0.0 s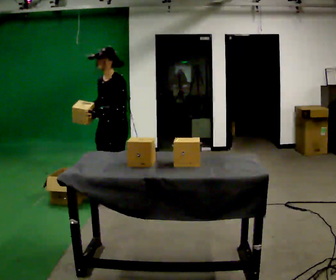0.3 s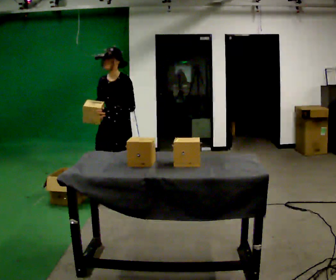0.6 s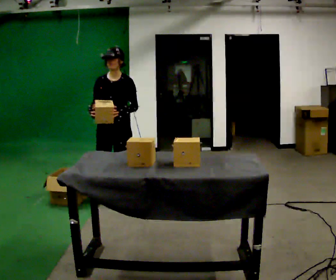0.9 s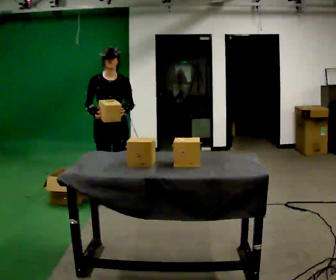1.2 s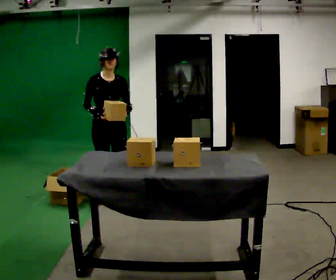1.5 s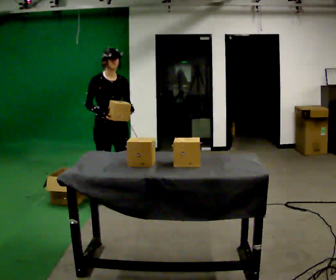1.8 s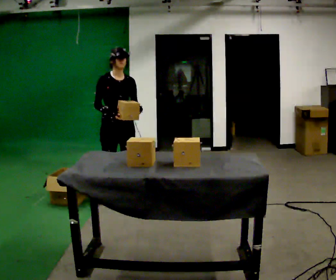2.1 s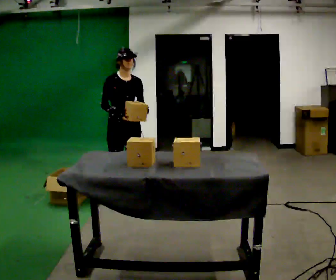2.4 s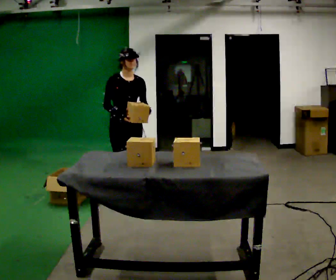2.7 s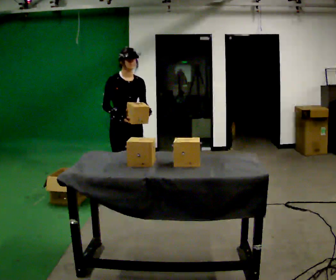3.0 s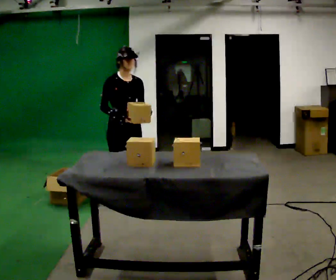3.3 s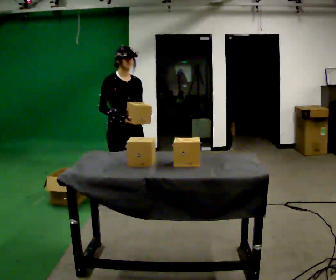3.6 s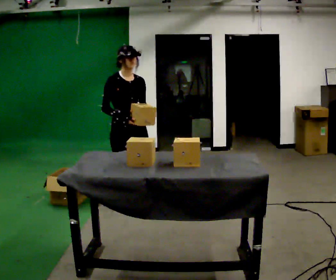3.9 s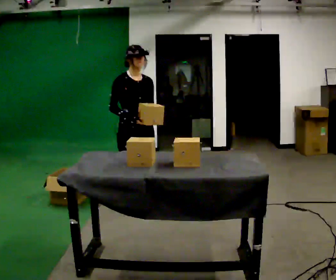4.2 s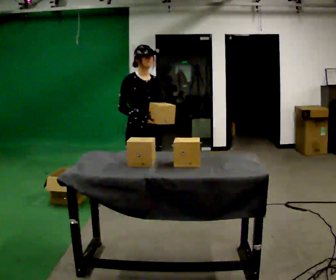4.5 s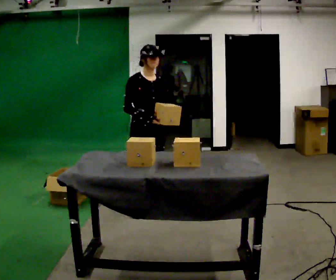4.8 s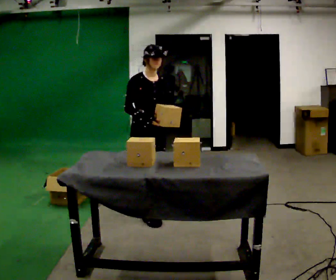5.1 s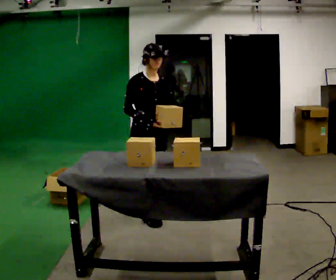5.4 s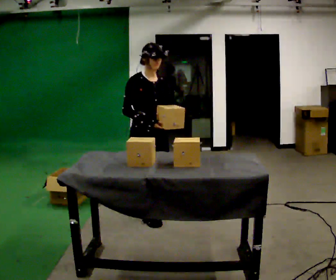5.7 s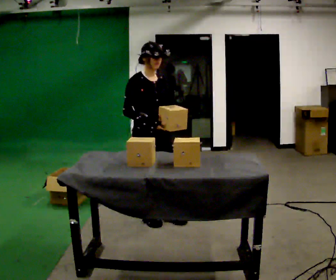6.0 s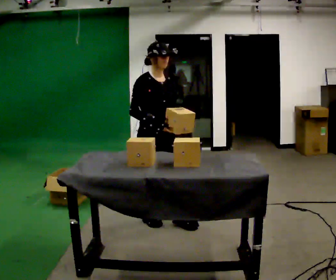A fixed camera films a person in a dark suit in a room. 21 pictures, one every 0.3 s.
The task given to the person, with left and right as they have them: Take objects out of the bin one at a time and lay them out on the table, stepping between the bin and the table each time. Keep going until the operator says stop; one object at a time, and do not rush between trips.
0.0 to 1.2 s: The person turns about 75 degrees to their left, counterclockwise seen from above, so the part of the body nearest the lens slides to the right.
1.2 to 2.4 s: In the picture they go to the right, about 0.25 m in 1 step, which for them is to their left.
2.4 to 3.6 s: In the picture they go toward the camera, about 0.25 m in 2 steps, which for them is forward.
3.6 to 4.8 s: In the picture they go to the right, about 0.25 m in 1 step, which for them is forward.
4.8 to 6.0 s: In the picture they go toward the camera, about 0.25 m in 1 step, which for them is forward.
The film runs forward here.
